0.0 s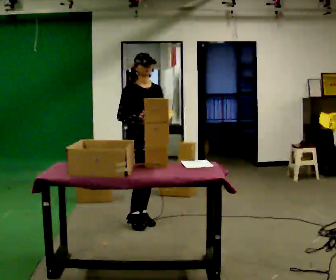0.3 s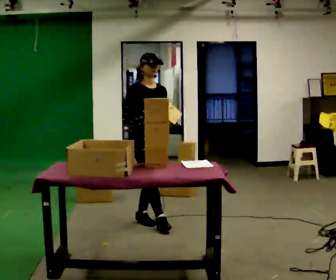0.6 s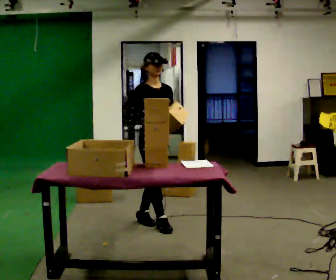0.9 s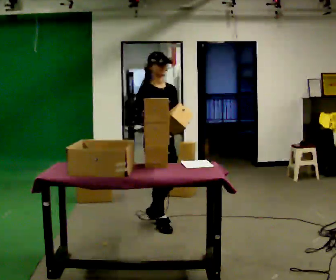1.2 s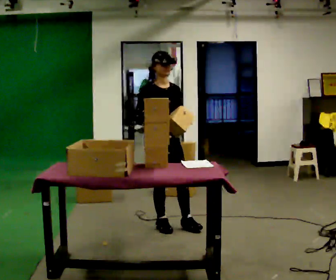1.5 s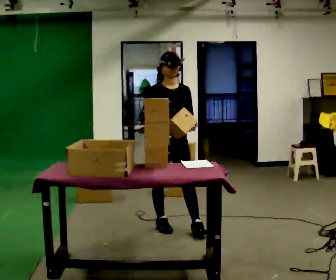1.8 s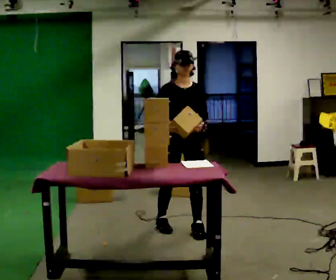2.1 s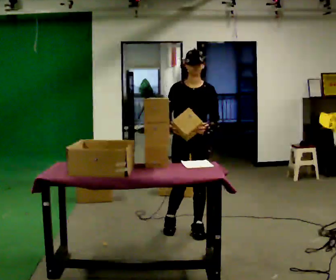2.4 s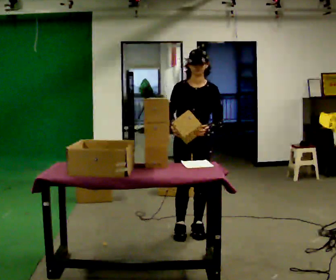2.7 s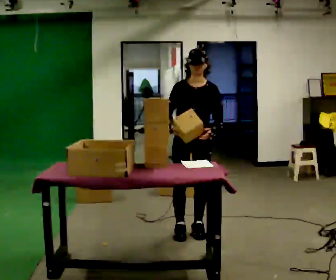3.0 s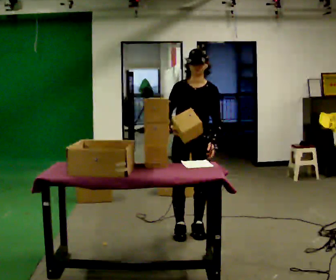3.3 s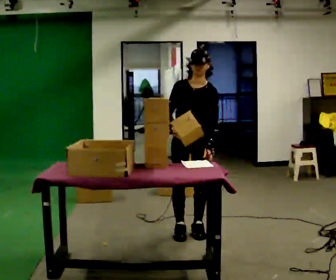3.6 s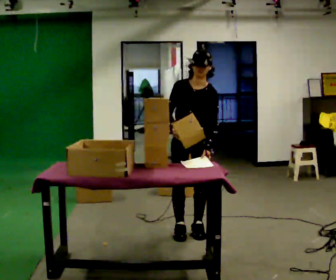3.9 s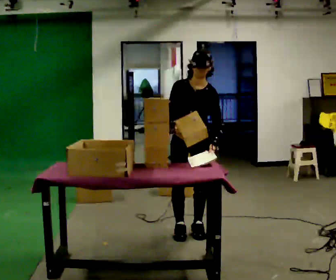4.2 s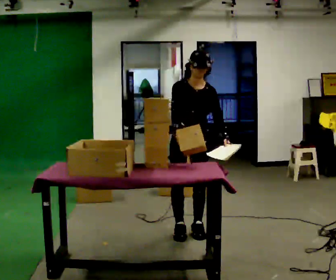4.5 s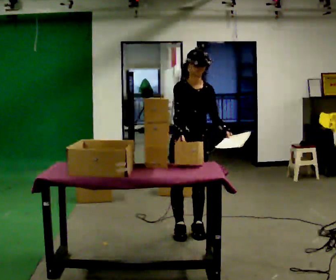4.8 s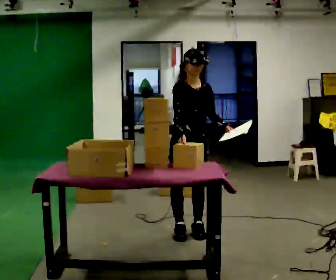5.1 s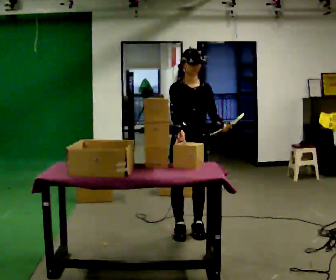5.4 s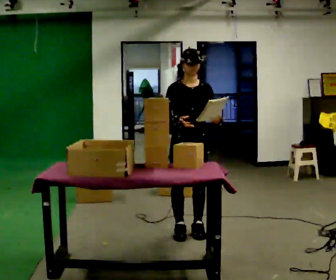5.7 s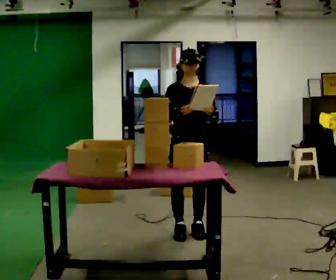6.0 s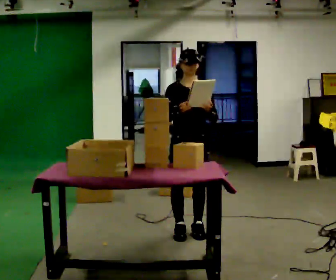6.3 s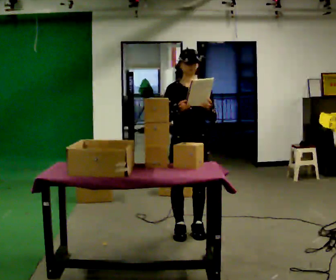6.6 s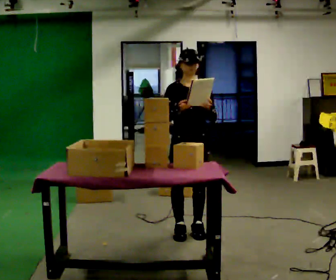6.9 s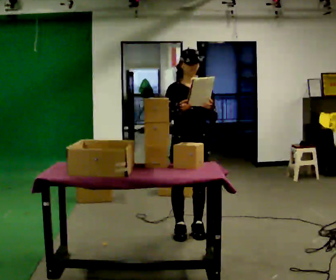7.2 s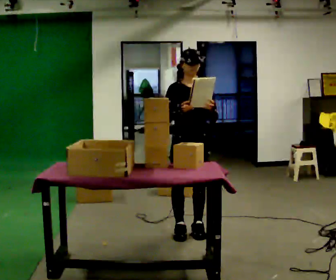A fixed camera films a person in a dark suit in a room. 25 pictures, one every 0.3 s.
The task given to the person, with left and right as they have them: 1. Read the parts list. 2. Collect each part from the bins around the room. 3. Lay them out on the table in the order on the list. 4. Put them all in the carry case. 5. Tell the operator when you are finished.
0.0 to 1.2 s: In the picture they go to the right, about 0.25 m in 1 step, which for them is forward.
1.2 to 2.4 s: The person turns about 45 degrees to their right, clockwise seen from above, so the part of the body nearest the lens slides to the left. In the picture they go to the right, about 0.25 m in 2 steps, which for them is to their left and forward.
2.4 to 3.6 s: The person moves a little, or ends about where they began.
3.6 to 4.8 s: The person turns about 30 degrees to their left, counterclockwise seen from above, so the part of the body nearest the lens slides to the right.
4.8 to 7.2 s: The person moves a little, or ends about where they began.
The film runs forward here.
